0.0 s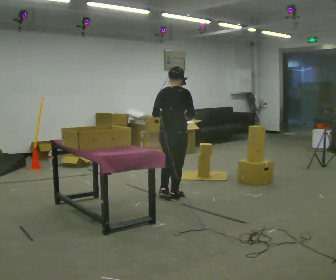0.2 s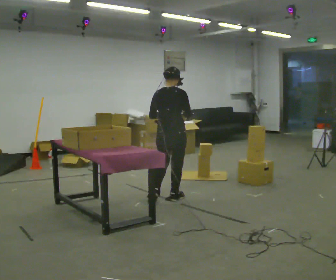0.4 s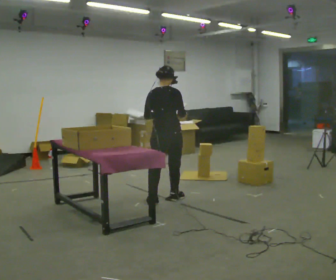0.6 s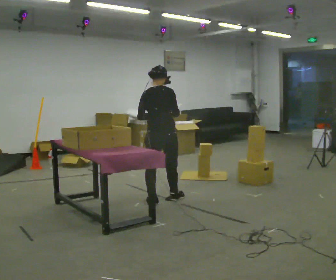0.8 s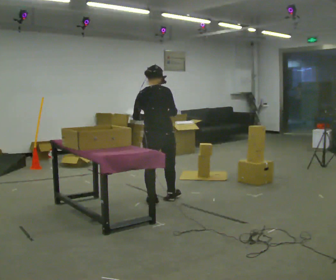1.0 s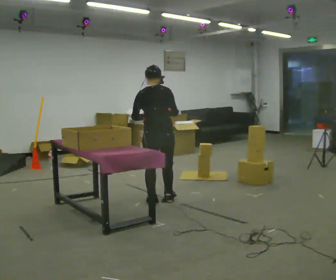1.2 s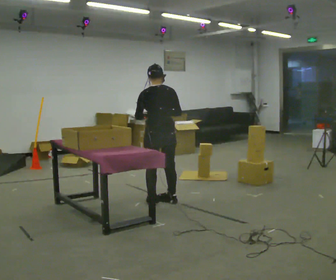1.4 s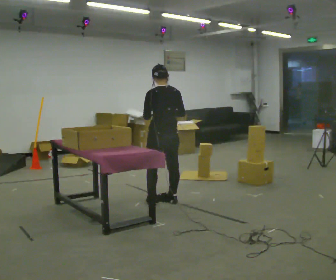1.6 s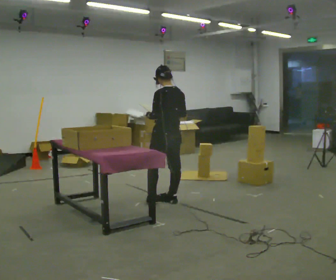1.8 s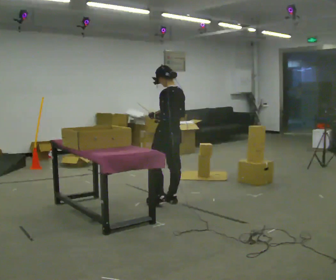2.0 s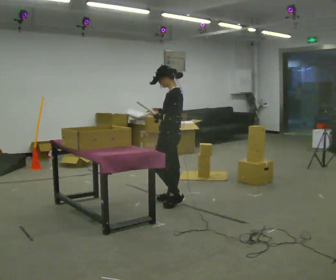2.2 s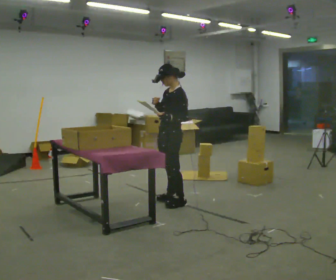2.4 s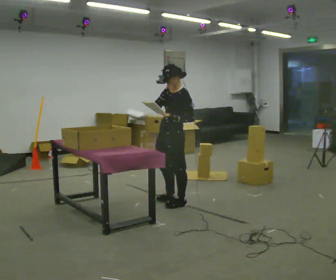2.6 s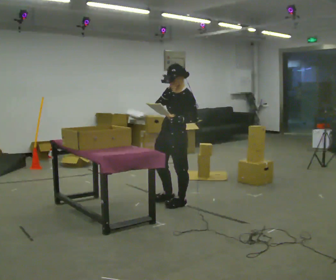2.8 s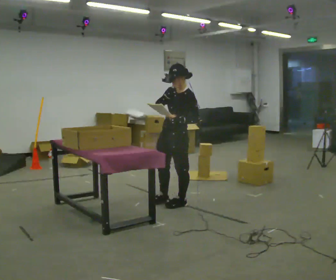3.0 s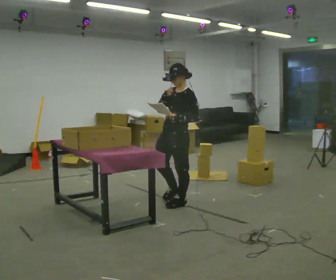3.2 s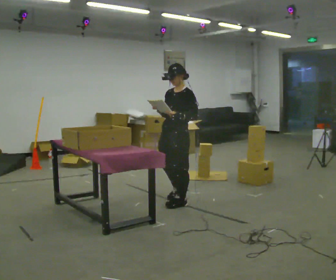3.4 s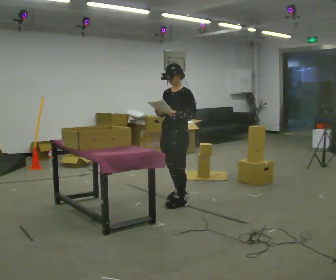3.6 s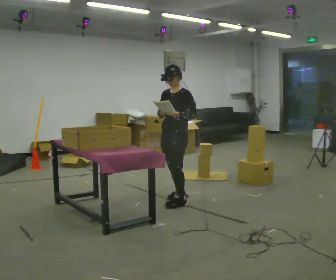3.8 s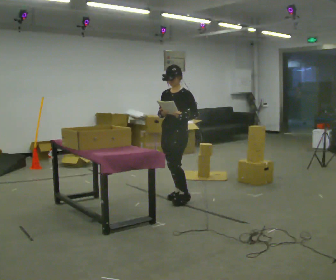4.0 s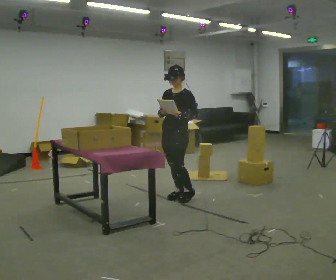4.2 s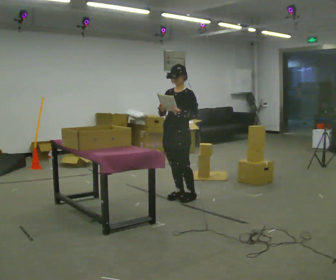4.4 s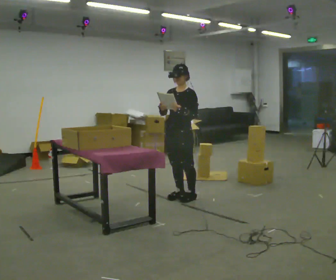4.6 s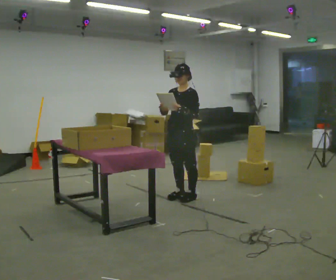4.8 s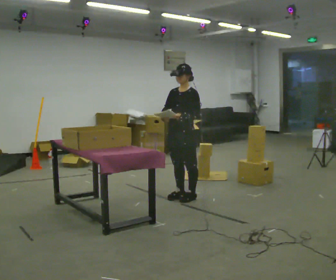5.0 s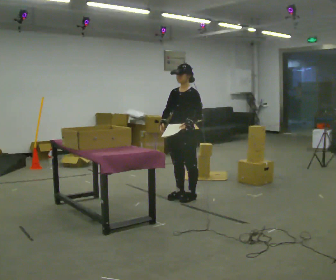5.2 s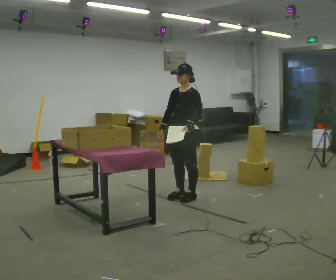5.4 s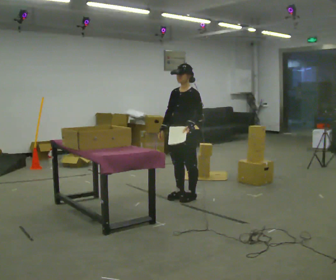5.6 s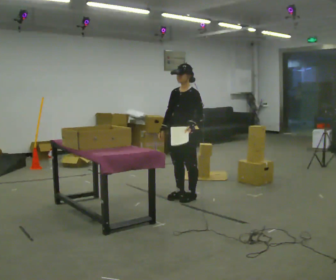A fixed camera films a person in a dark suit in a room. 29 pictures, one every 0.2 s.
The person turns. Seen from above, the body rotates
counterclockwise.
The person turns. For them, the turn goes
to their left.
0.0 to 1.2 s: The person turns about 30 degrees to their left, counterclockwise seen from above, so the part of the body nearest the lens slides to the right. In the picture they go toward the camera, about 0.25 m, which for them is backward.
1.2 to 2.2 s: The person turns about 90 degrees to their left, counterclockwise seen from above, so the part of the body nearest the lens slides to the right.
2.2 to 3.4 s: Seen from above the body turns counterclockwise, about 30 degrees: to their left, with its near side sliding to the right.
3.4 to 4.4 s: In the picture they go away from the camera, about 0.25 m in 1 step, which for them is backward.
4.4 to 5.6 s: The person moves a little, or ends about where they began.
The film runs backward here.
